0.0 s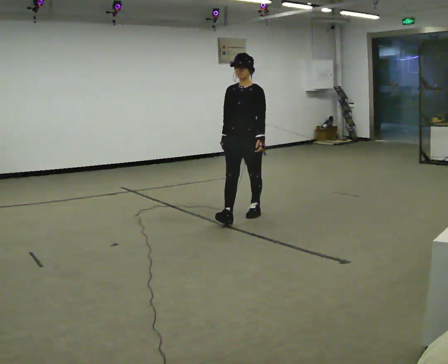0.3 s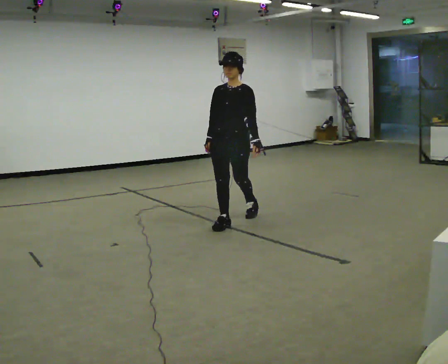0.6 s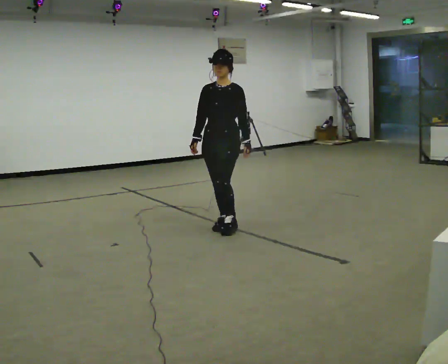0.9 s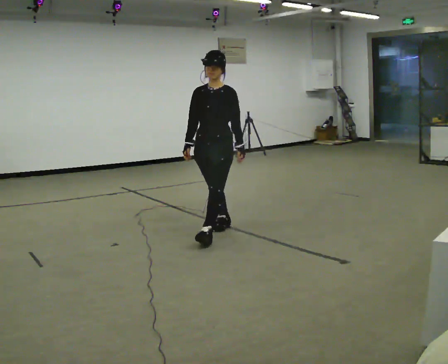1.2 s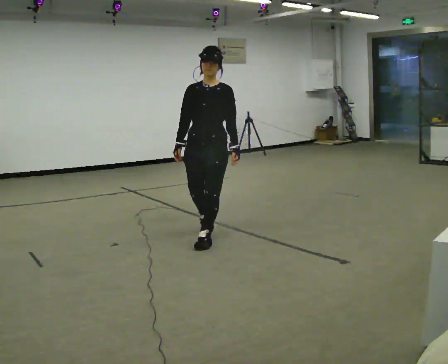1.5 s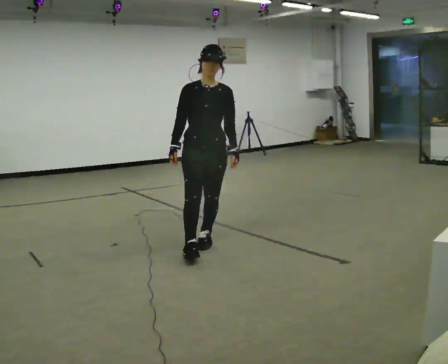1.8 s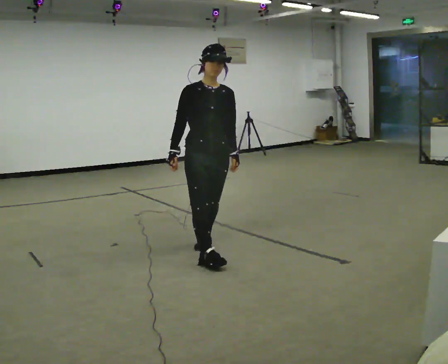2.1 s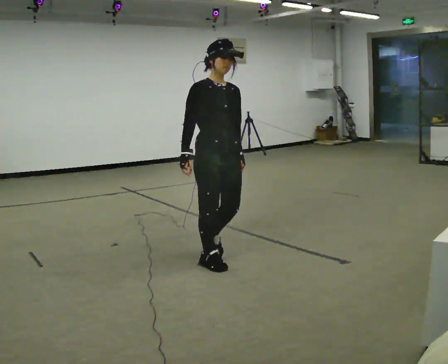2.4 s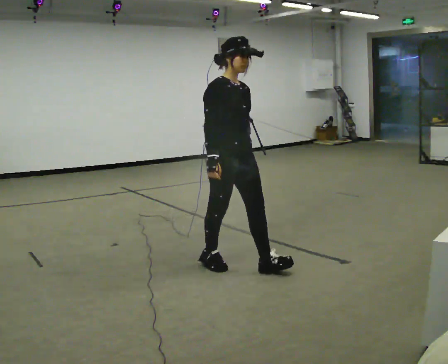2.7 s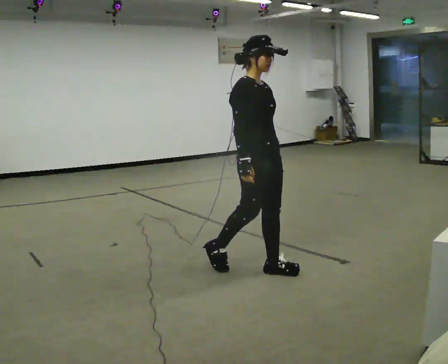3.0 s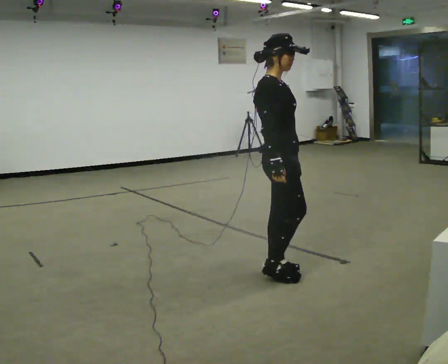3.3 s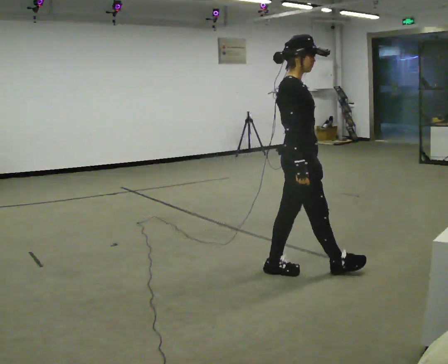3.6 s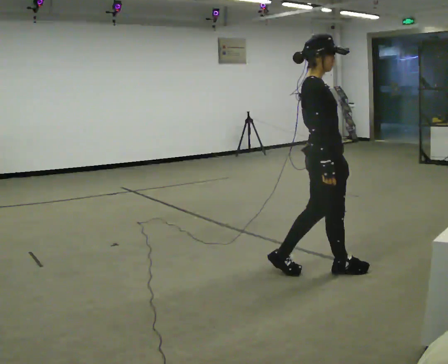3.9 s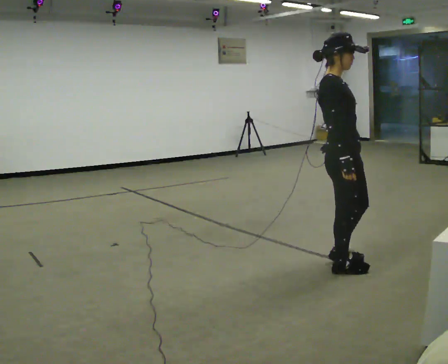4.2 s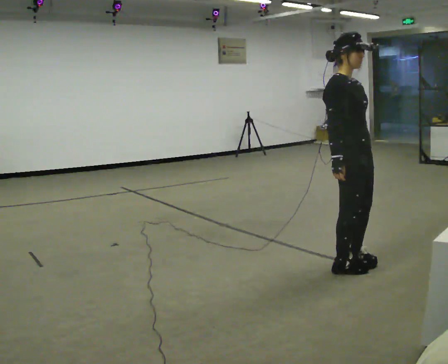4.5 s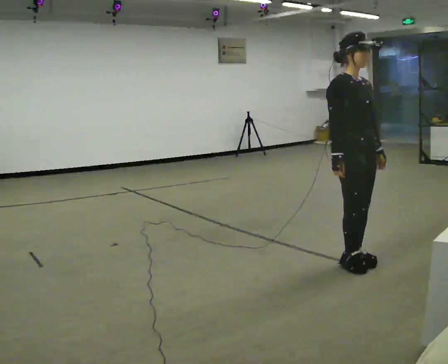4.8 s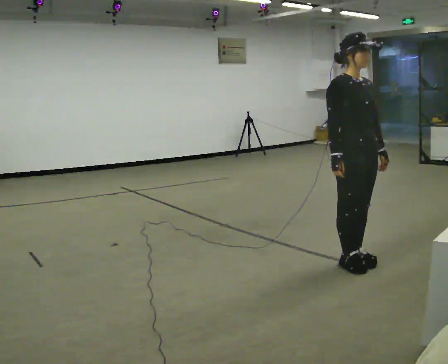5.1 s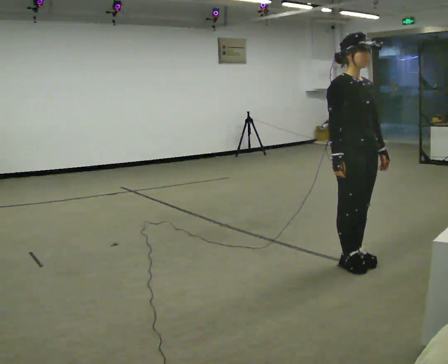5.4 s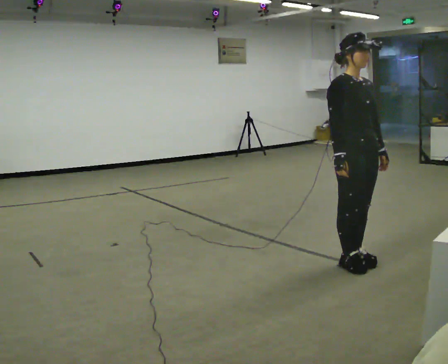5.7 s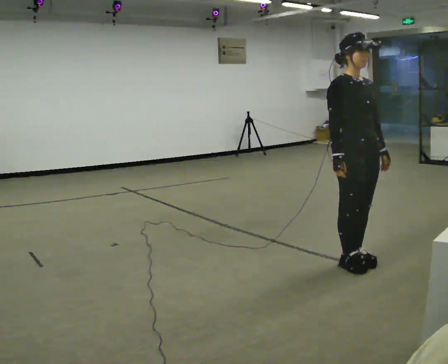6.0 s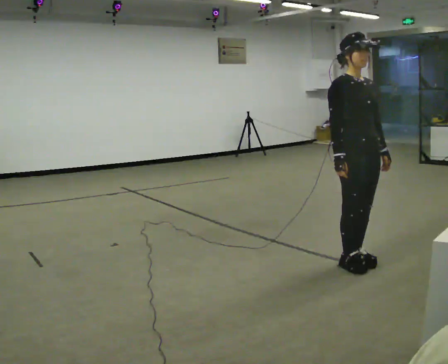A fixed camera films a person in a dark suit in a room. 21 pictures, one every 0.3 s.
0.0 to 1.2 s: In the picture they go toward the camera, about 1 m in 2 steps, which for them is forward.
1.2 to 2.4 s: Seen from above the body turns counterclockwise, about 60 degrees: to their left, with its near side sliding to the right. In the picture they go toward the camera, about 0.75 m in 1 step.
2.4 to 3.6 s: The person turns about 30 degrees to their left, counterclockwise seen from above, so the part of the body nearest the lens slides to the right. In the picture they go to the right, about 0.75 m in 2 steps, which for them is forward.
3.6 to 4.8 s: The part of the body nearest the lens slides to the left as the person turns to their right by about 45 degrees. In the picture they go to the right, about 0.25 m in 2 steps, which for them is to their left and forward.
4.8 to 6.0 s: The person moves a little, or ends about where they began.
The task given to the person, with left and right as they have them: Walk forward; gradually curve left/right; straighten out.
The film runs forward here.
